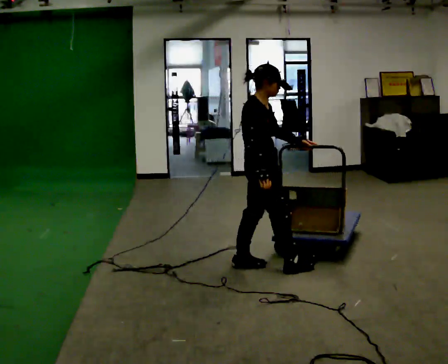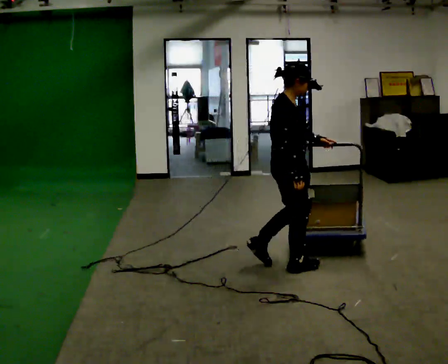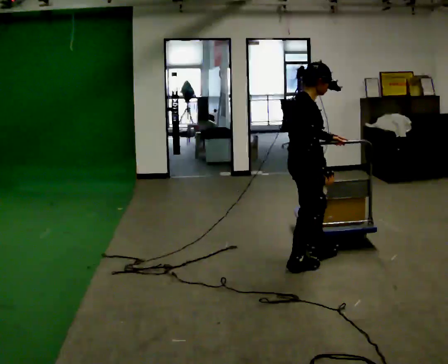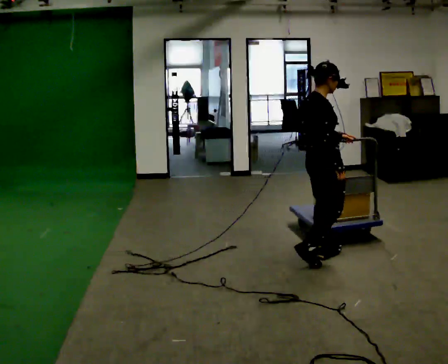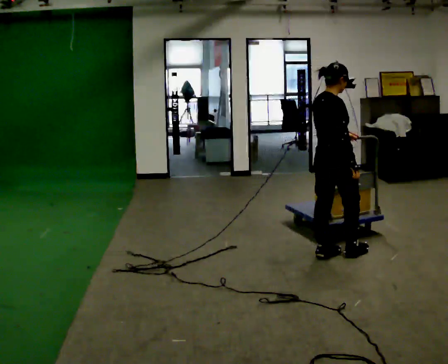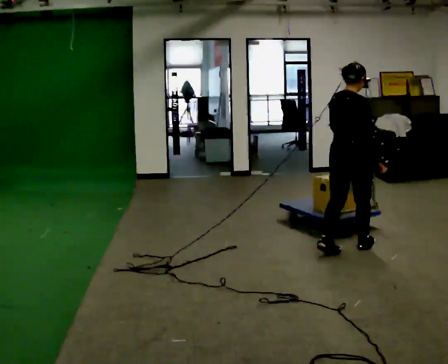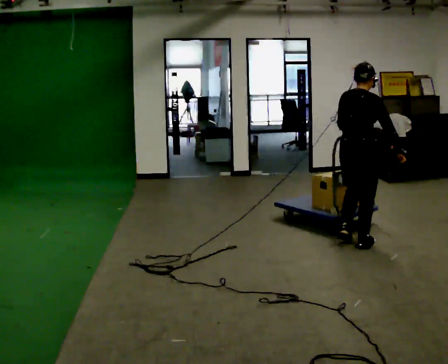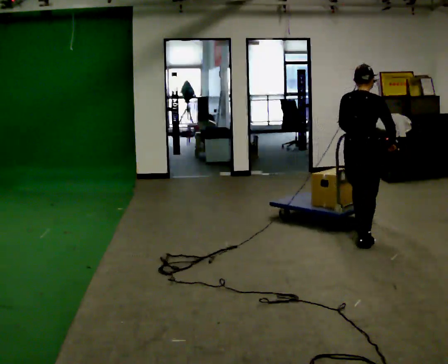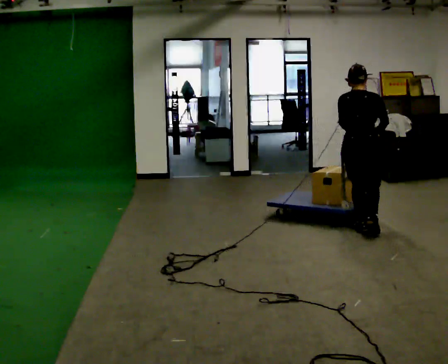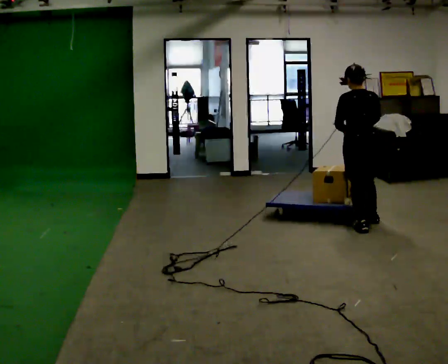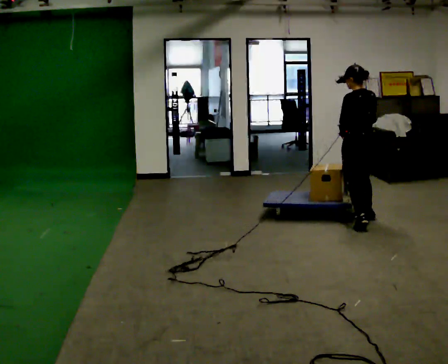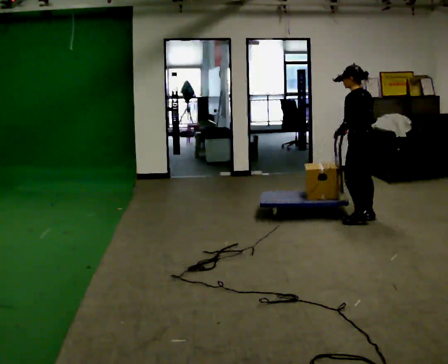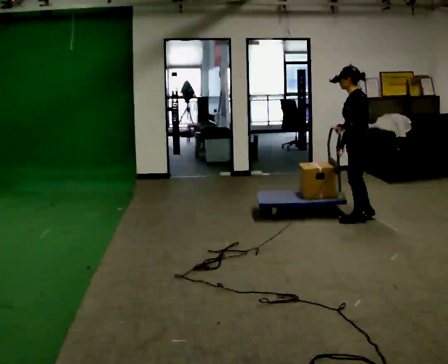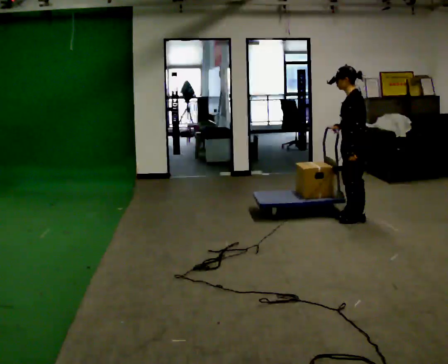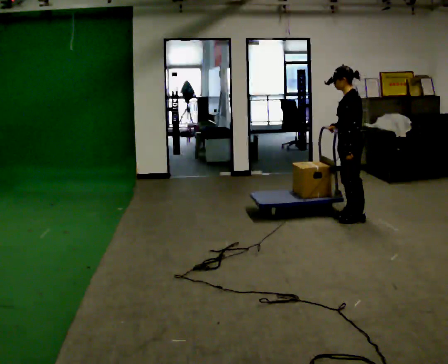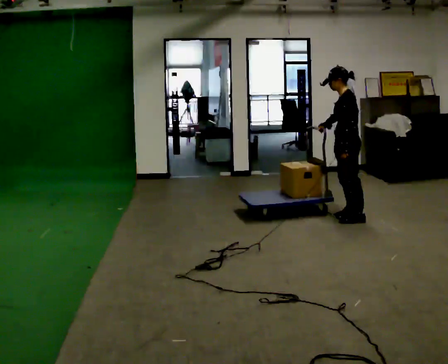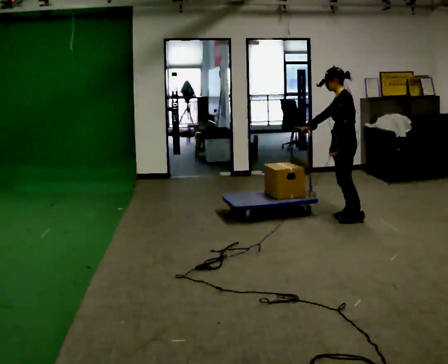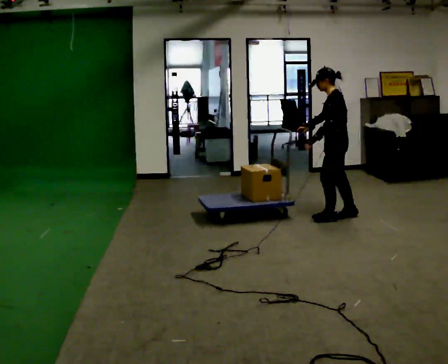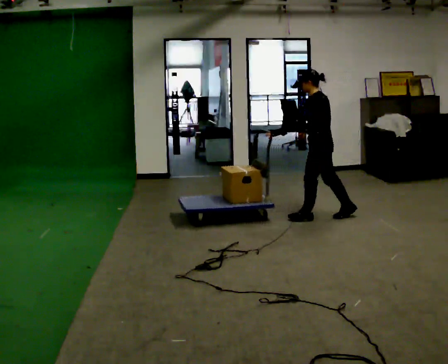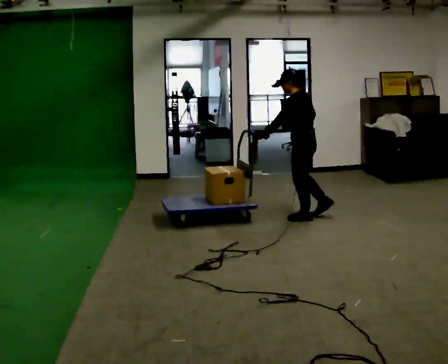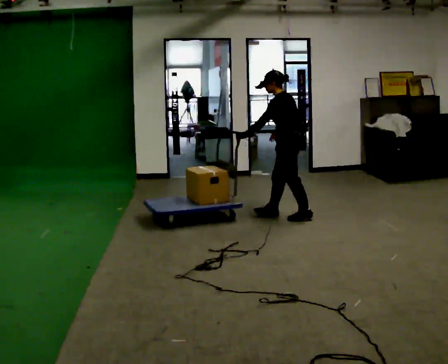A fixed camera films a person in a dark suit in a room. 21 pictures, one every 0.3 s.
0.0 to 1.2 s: The person turns about 30 degrees to their left, counterclockwise seen from above, so the part of the body nearest the lens slides to the right. In the picture they go to the right and away from the camera, about 0.5 m in 2 steps, which for them is forward.
1.2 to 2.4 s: Seen from above the body turns counterclockwise, about 45 degrees: to their left, with its near side sliding to the right. In the picture they go away from the camera, about 0.5 m in 2 steps, which for them is forward.
2.4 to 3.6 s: Seen from above the body turns counterclockwise, about 90 degrees: to their left, with its near side sliding to the right. In the picture they go away from the camera, about 0.5 m in 2 steps.
3.6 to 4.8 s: In the picture their right hand goes to the left.
4.8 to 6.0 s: In the picture they go to the left, about 0.5 m in 1 step, which for them is forward.
The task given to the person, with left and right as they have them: Stand still with your hands on the cart. When the operator says go, get it moving, push it a few metres, then bring it to a stop. Repeat until the operator says stop.
The film runs forward here.
